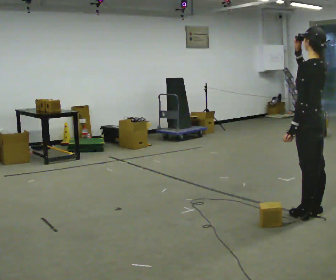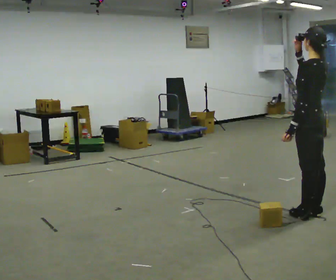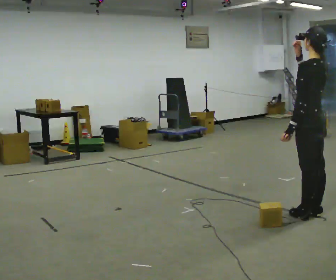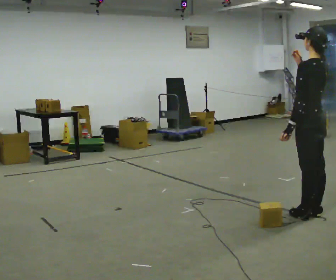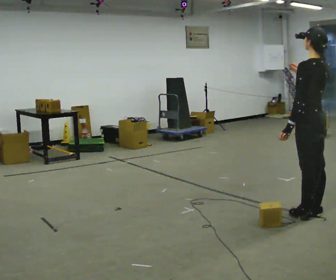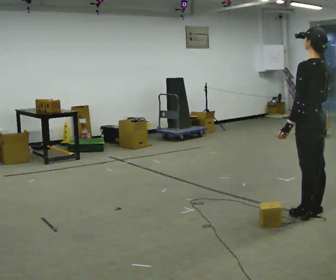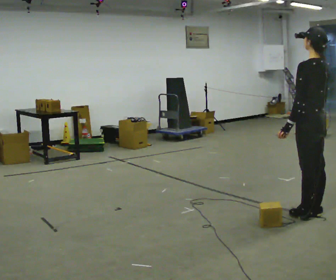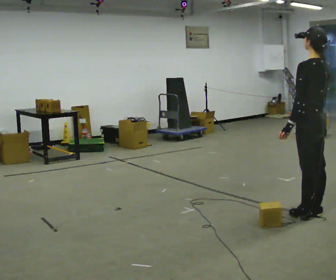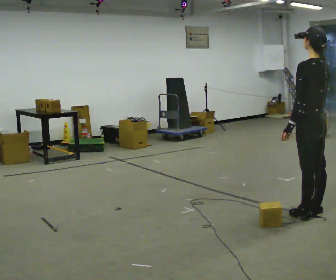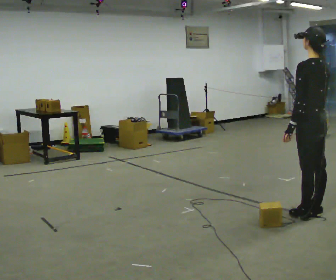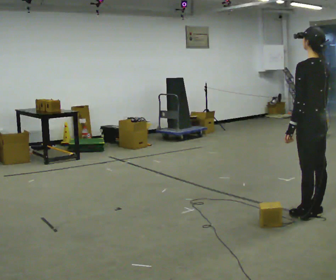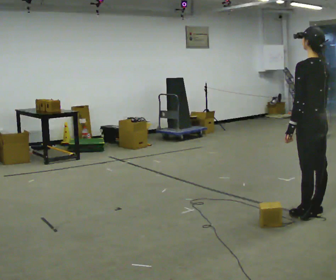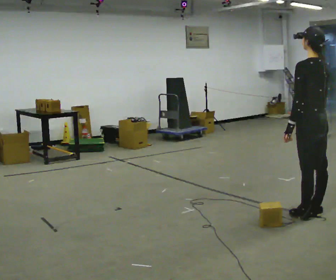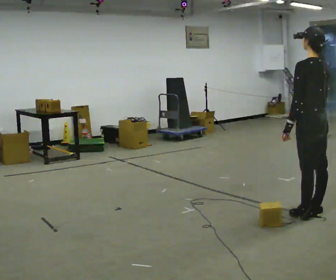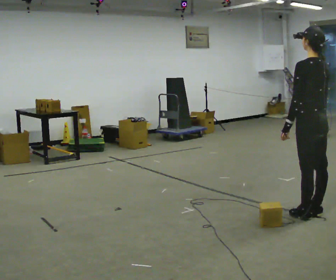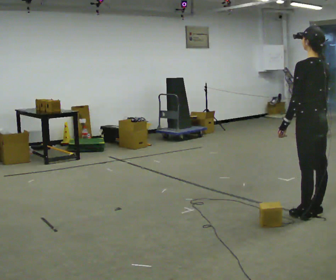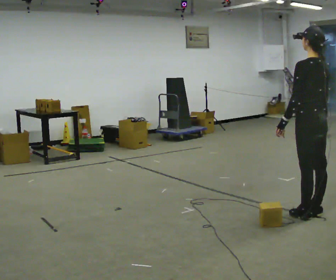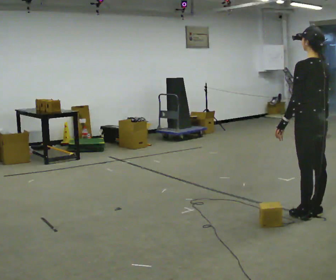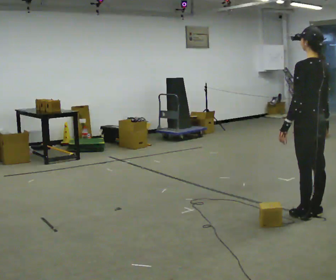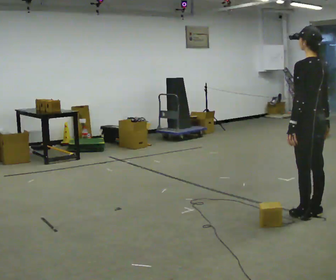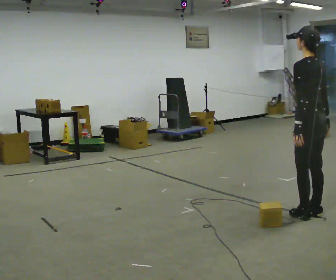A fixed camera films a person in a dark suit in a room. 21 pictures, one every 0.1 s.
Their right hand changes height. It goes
downward.
0.0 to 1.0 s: In the picture their right hand goes downward.
1.0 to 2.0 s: The person moves a little, or ends about where they began.
The film runs backward here.
